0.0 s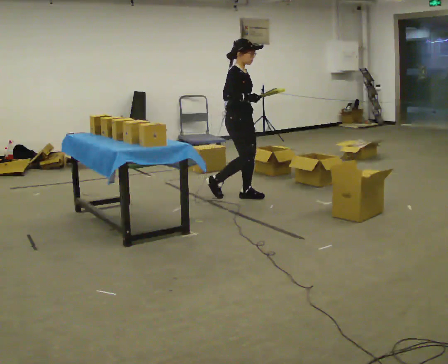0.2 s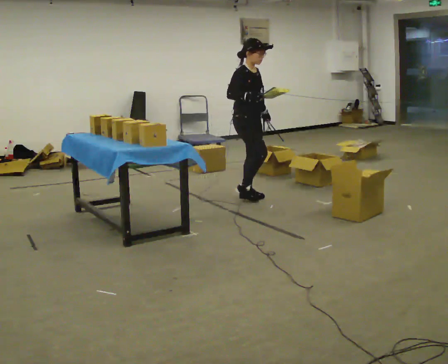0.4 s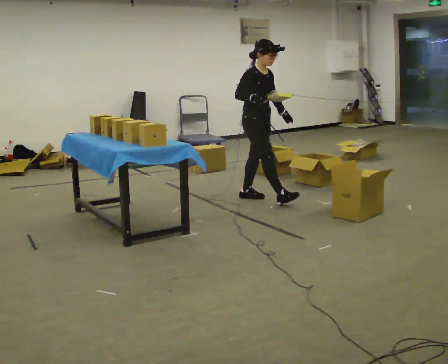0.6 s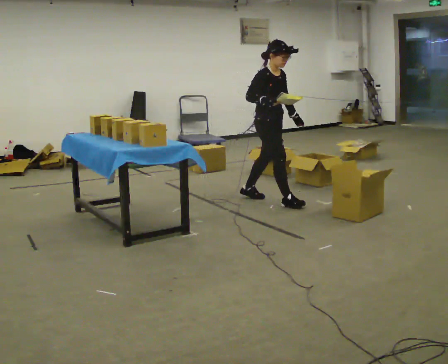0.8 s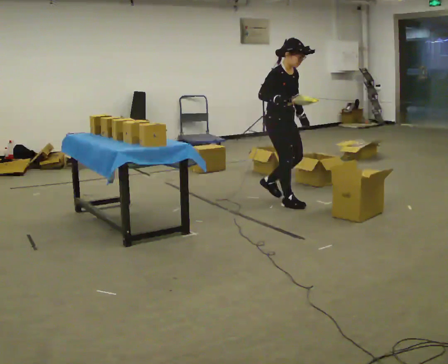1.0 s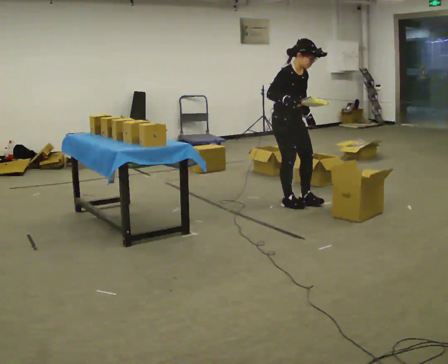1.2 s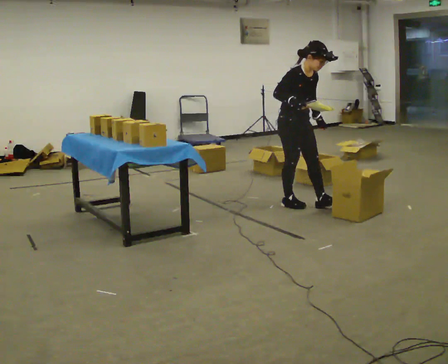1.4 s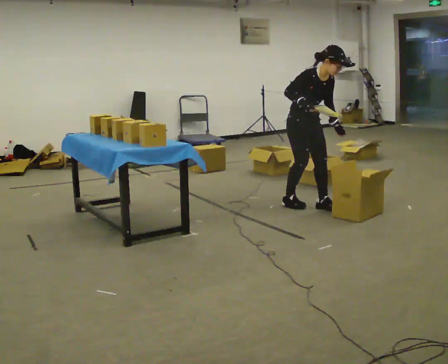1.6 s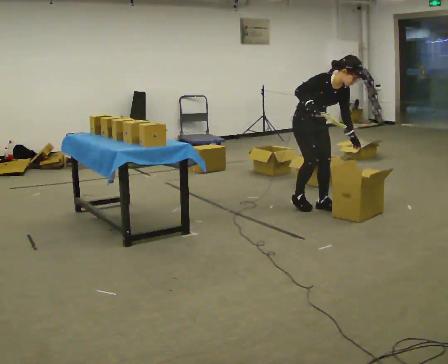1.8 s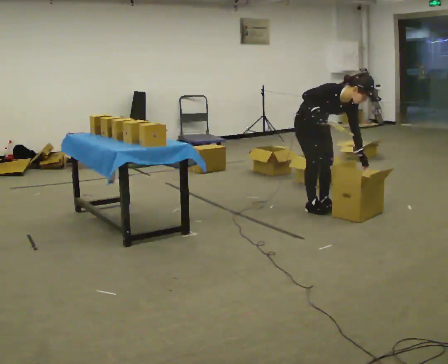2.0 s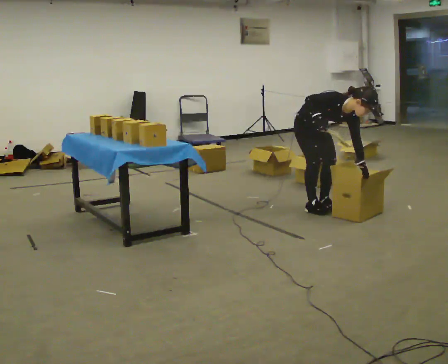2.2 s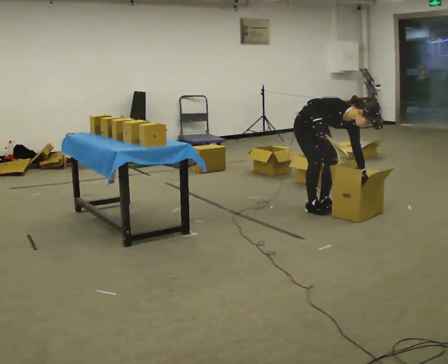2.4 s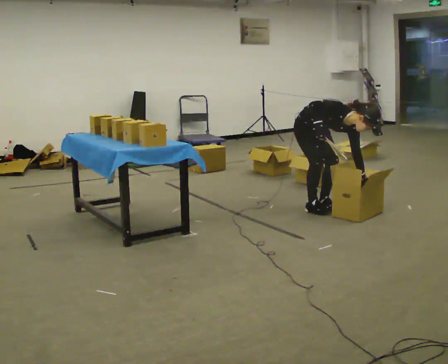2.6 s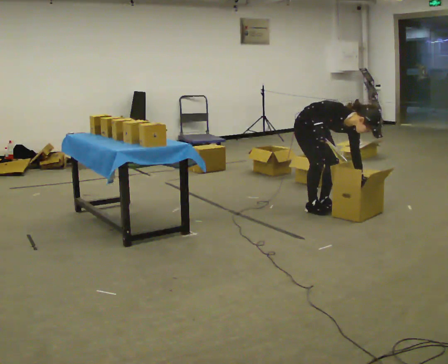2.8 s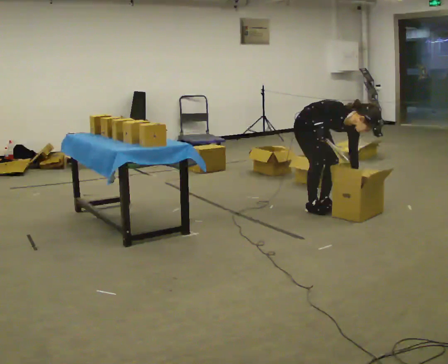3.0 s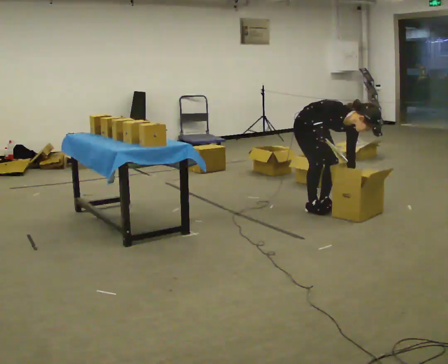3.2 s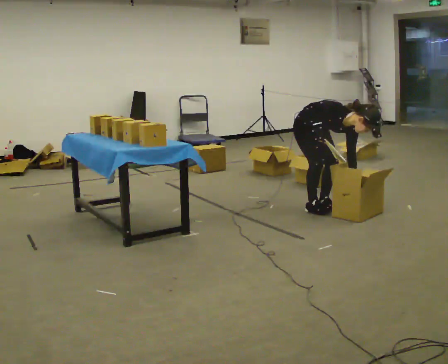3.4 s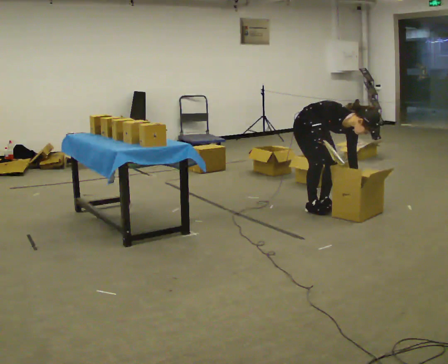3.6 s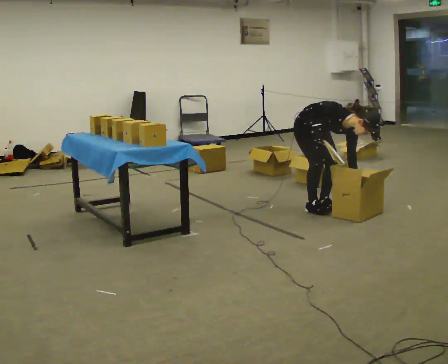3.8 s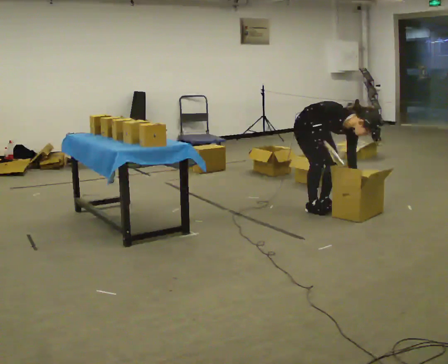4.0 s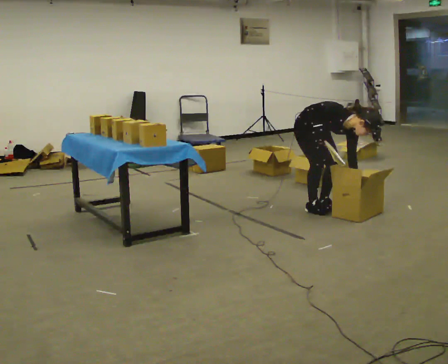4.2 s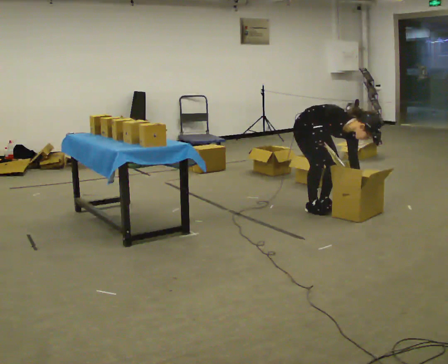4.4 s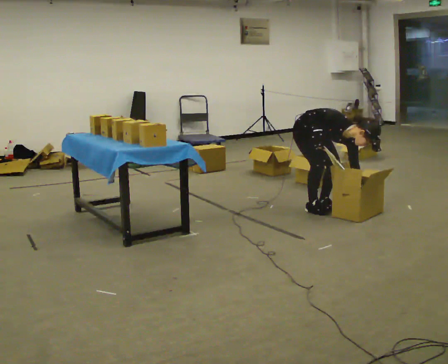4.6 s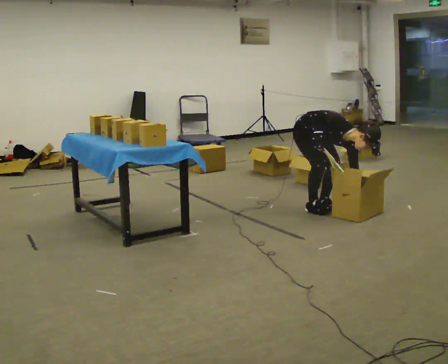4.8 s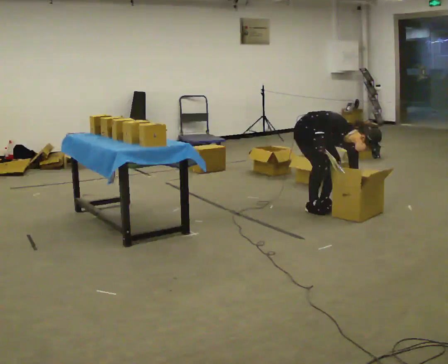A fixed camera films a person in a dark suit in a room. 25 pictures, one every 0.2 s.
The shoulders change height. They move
downward.
The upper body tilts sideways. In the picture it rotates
clockwise.
0.0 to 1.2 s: In the picture they go to the right and toward the camera, about 0.5 m in 1 step, which for them is forward.
1.2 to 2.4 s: In the picture they go to the right, about 0.25 m in 2 steps, which for them is forward. The shoulders move downward. In the picture the upper body tilts clockwise, shoulders to the right, as they bend forward.
2.4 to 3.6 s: The person moves a little, or ends about where they began.
3.6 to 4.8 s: In the picture the upper body tilts clockwise, shoulders to the right, as they bend forward.
The film runs forward here.
